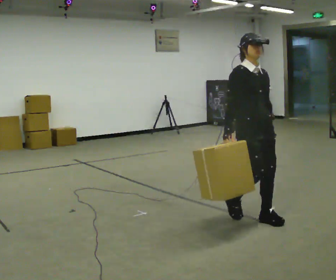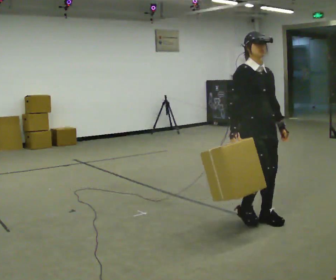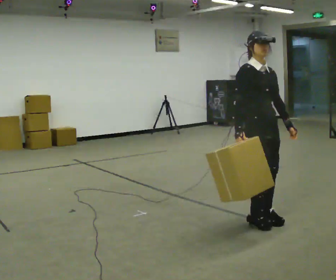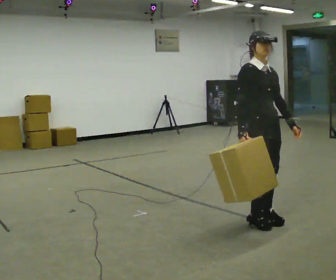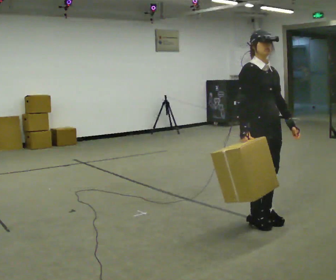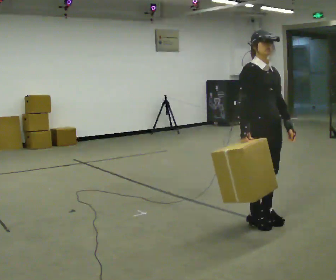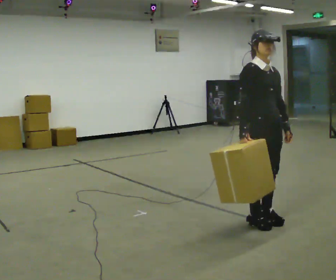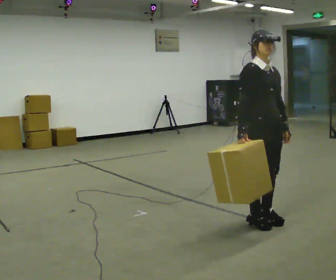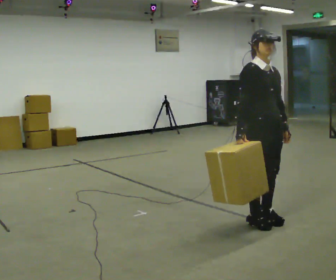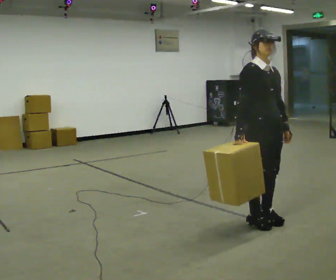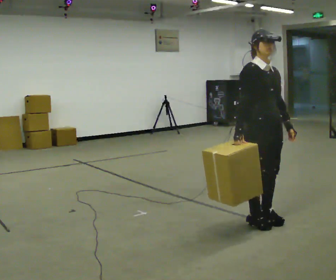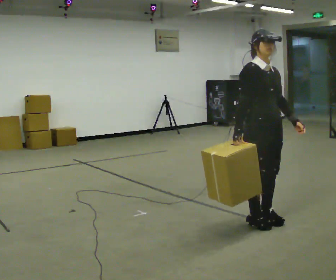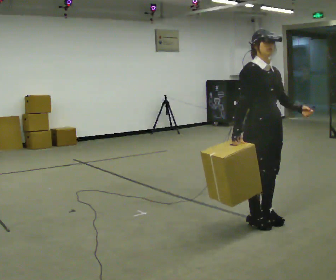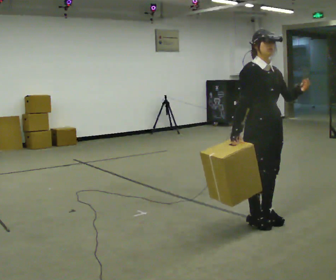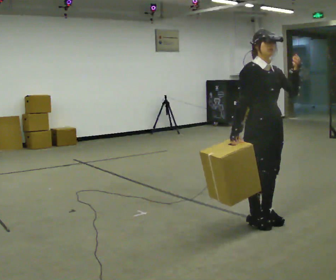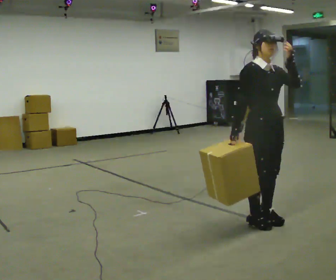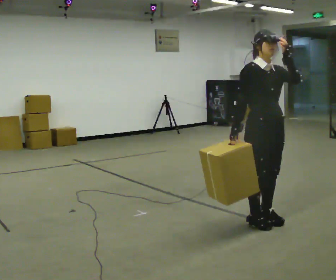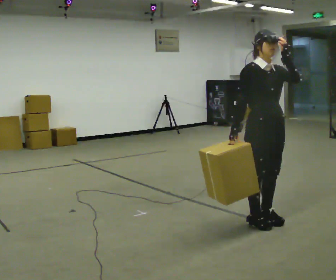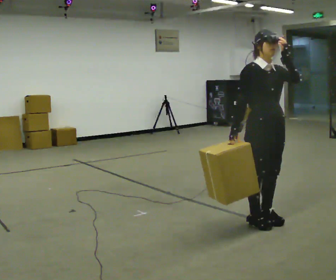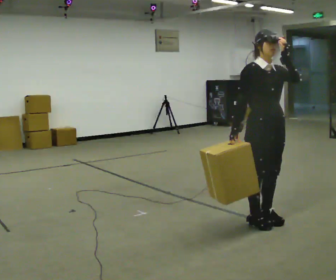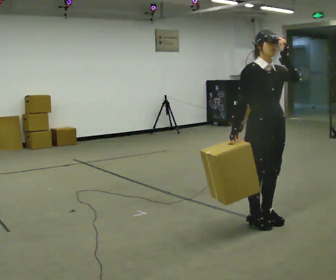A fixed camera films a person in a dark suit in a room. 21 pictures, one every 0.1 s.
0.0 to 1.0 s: The person moves a little, or ends about where they began.
1.0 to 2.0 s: In the picture their left hand goes upward.
The film runs forward here.
